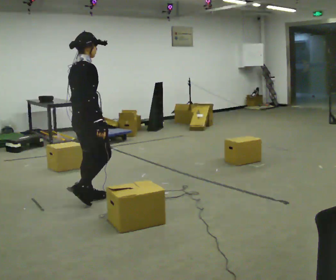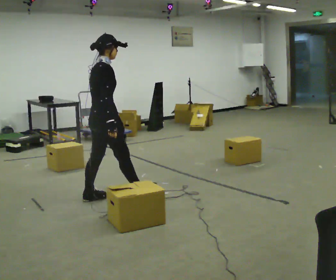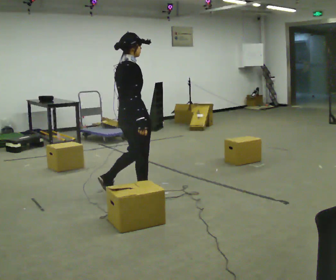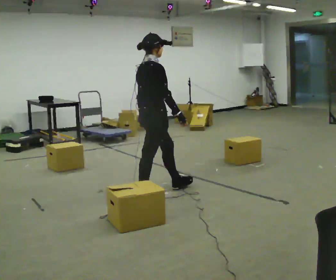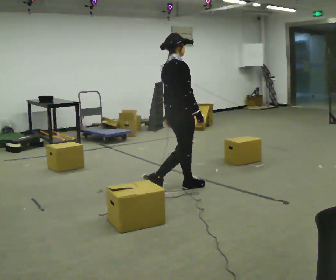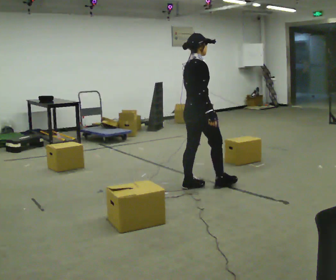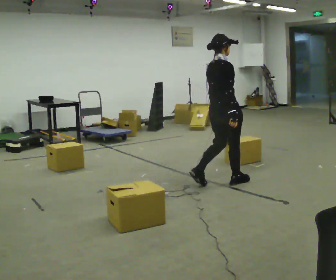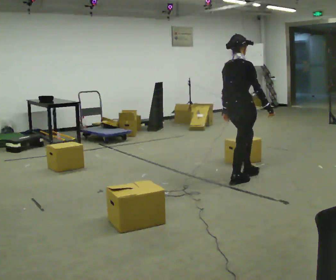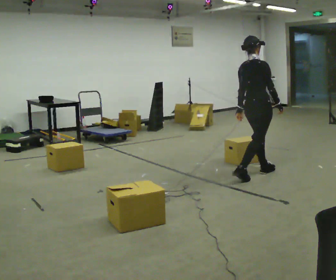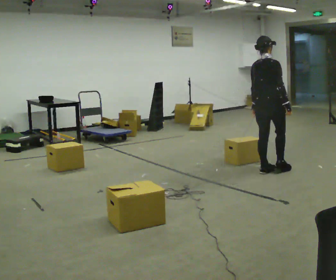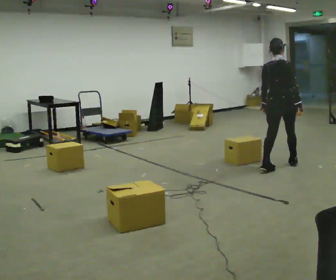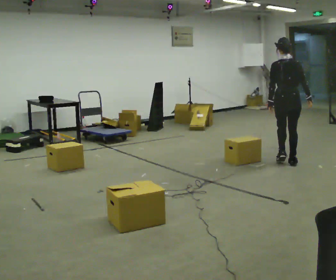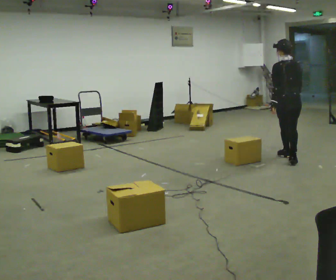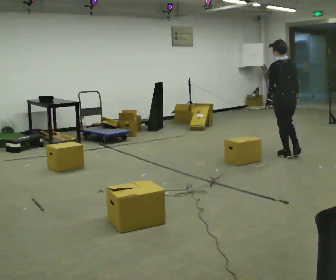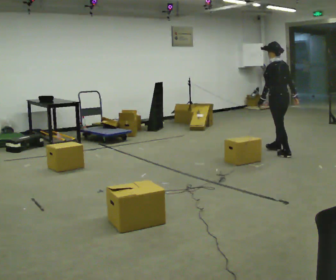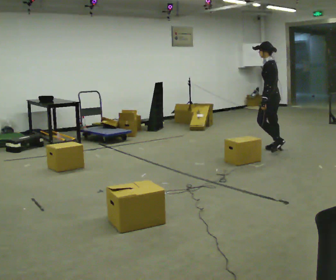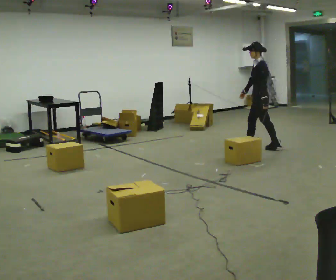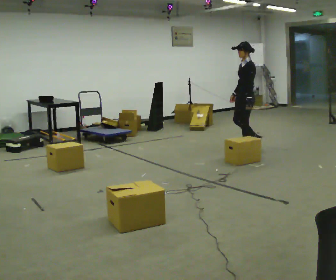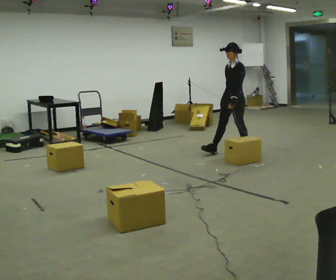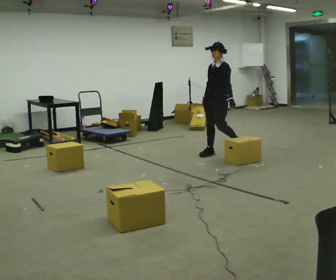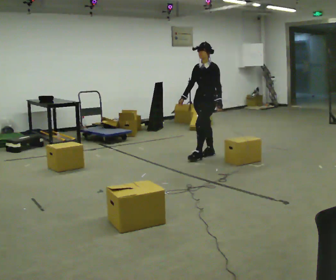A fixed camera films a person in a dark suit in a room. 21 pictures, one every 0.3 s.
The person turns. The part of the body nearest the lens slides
to the right.
The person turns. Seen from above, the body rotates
counterclockwise.
0.0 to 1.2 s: In the picture they go to the right and away from the camera, about 1 m in 2 steps, which for them is forward.
1.2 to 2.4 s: In the picture they go to the right and away from the camera, about 1 m in 2 steps, which for them is forward.
2.4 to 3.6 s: The person turns about 60 degrees to their left, counterclockwise seen from above, so the part of the body nearest the lens slides to the right. In the picture they go away from the camera and to the right, about 1 m in 2 steps, which for them is forward.
3.6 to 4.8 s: The person turns about 90 degrees to their left, counterclockwise seen from above, so the part of the body nearest the lens slides to the right. In the picture they go away from the camera and to the left, about 0.75 m in 1 step.
4.8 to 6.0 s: The part of the body nearest the lens slides to the right as the person turns to their left by about 45 degrees. In the picture they go to the left and toward the camera, about 1 m in 2 steps, which for them is forward.
The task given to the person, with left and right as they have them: Start at marker; visit targets in order; choose natural paths; avoid obstacles; stop at final target.
The film runs forward here.
